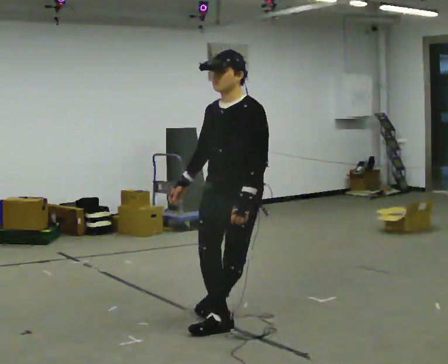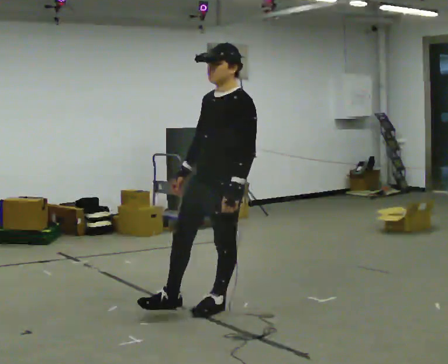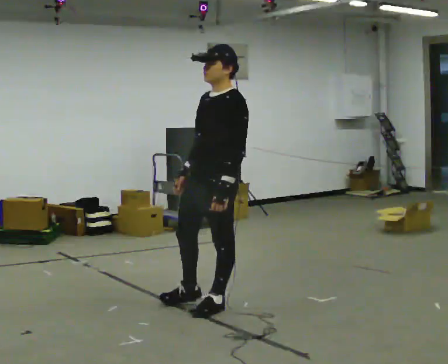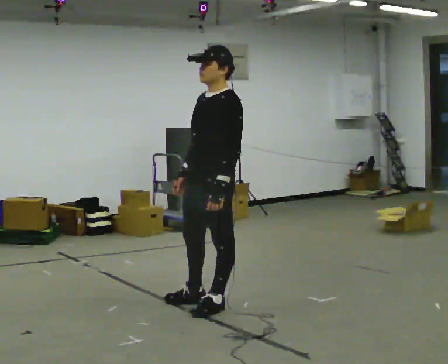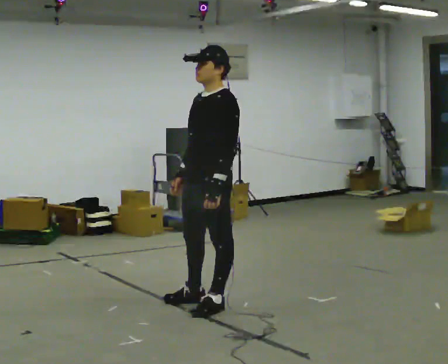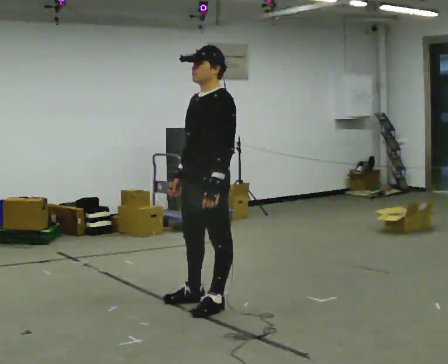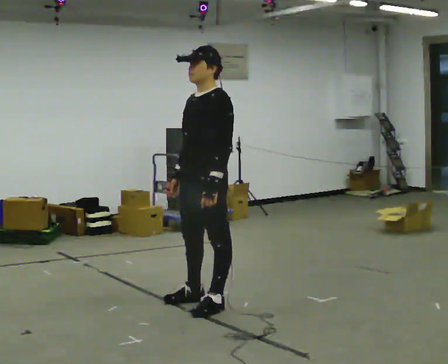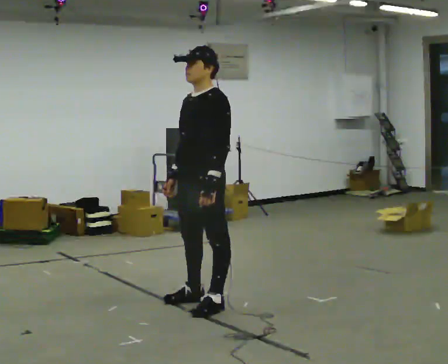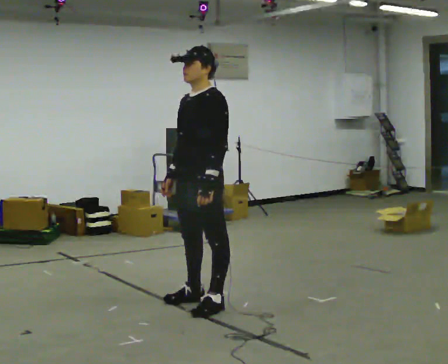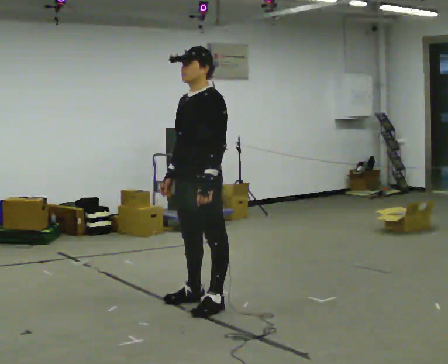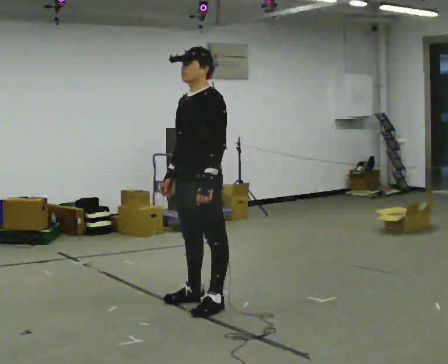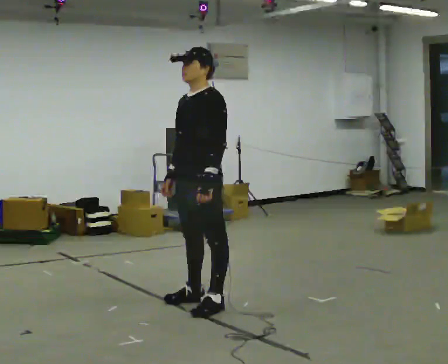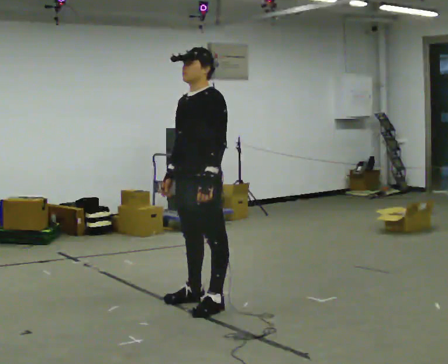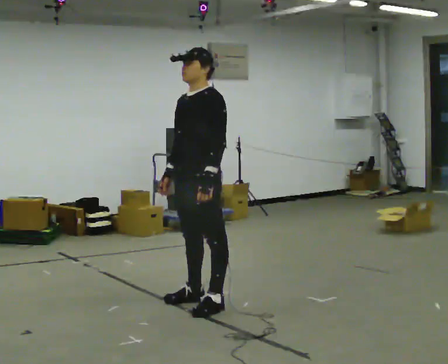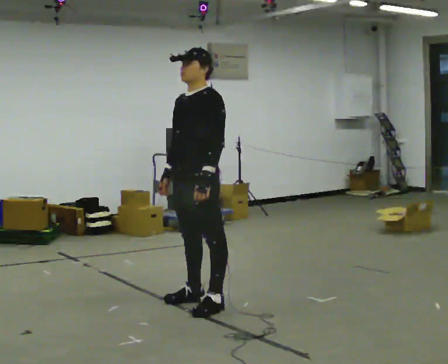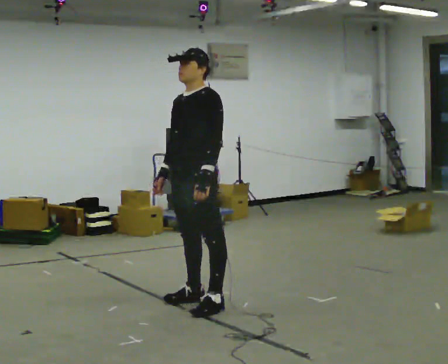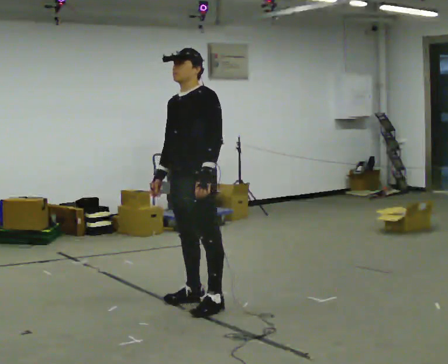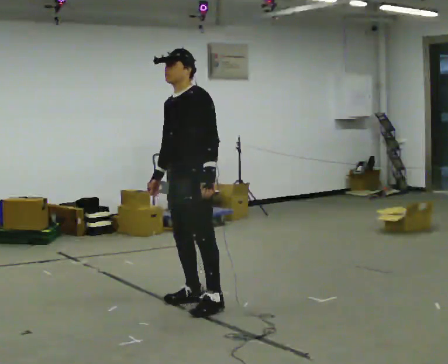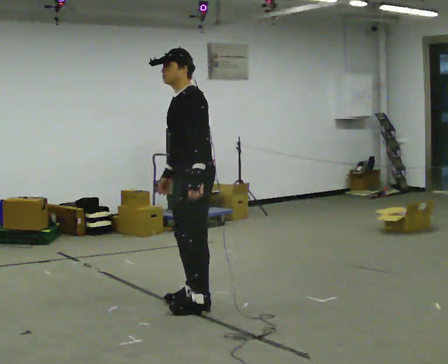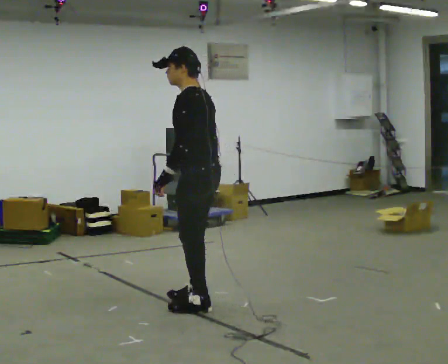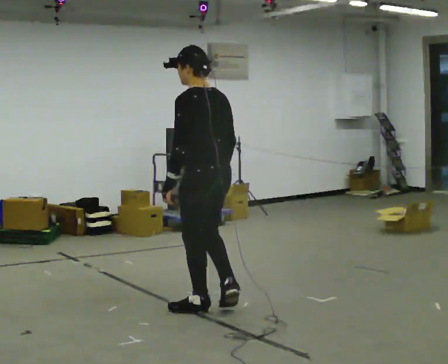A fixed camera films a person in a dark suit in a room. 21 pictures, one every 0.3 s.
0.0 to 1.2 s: Seen from above the body turns clockwise, about 30 degrees: to their right, with its near side sliding to the left. In the picture they go away from the camera and to the left, about 0.25 m in 1 step, which for them is to their right.
1.2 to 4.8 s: In the picture they go away from the camera, about 0.25 m, which for them is to their right.
4.8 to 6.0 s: Seen from above the body turns clockwise, about 75 degrees: to their right, with its near side sliding to the left. In the picture they go toward the camera, about 0.25 m in 1 step. In the picture their right hand goes to the right.
The film runs backward here.
